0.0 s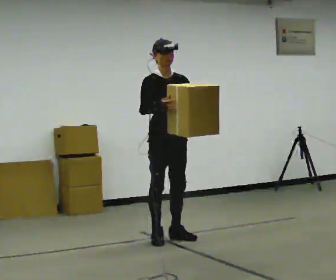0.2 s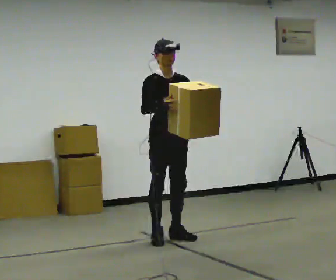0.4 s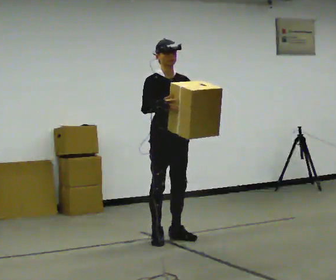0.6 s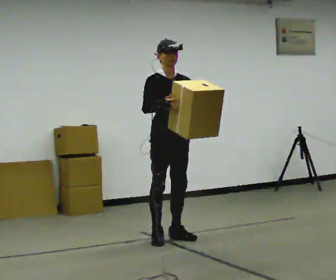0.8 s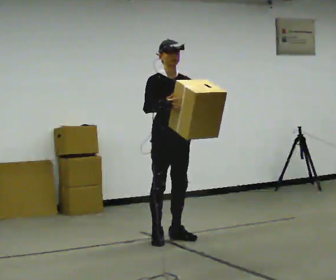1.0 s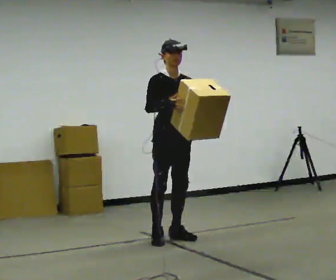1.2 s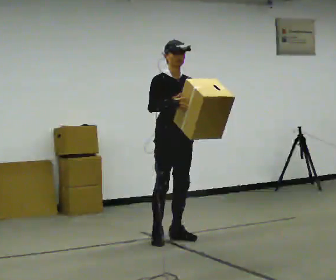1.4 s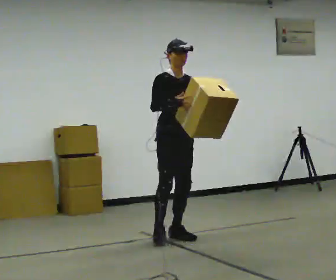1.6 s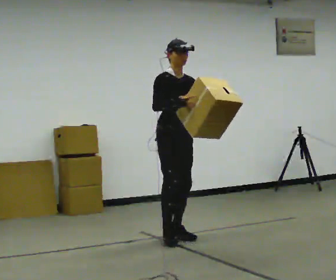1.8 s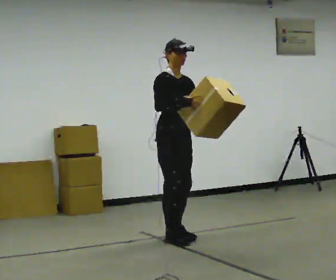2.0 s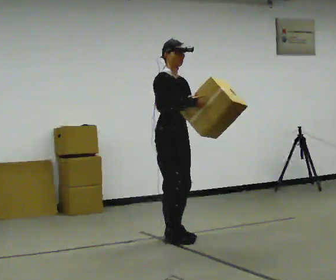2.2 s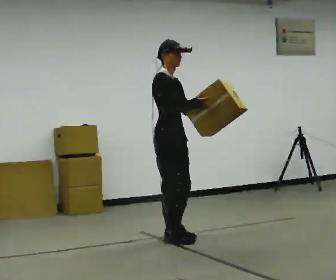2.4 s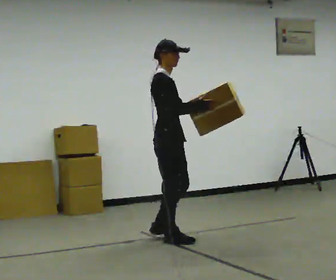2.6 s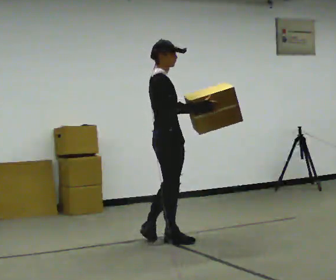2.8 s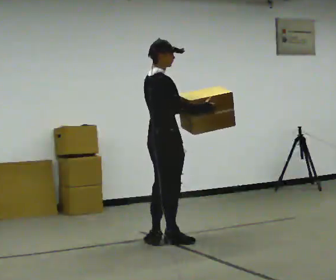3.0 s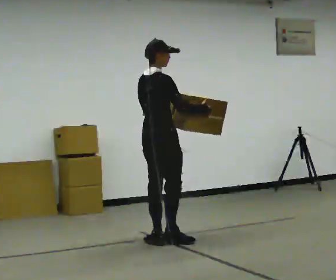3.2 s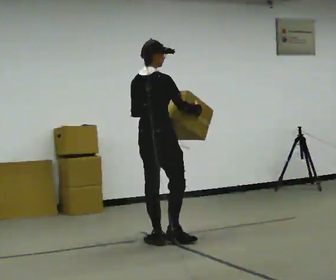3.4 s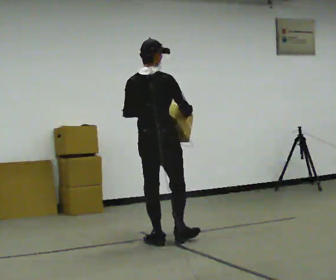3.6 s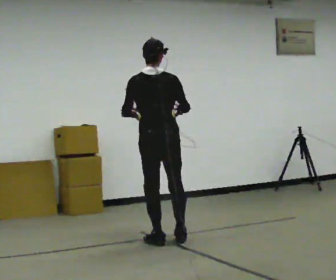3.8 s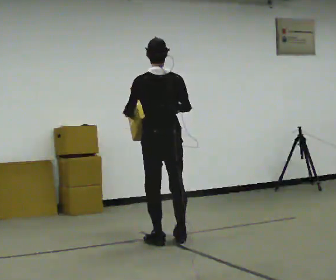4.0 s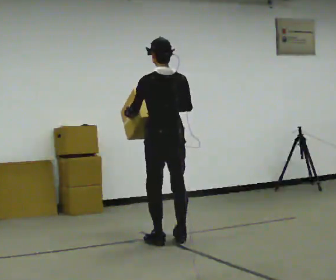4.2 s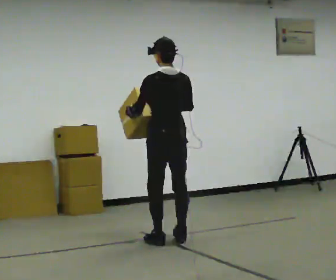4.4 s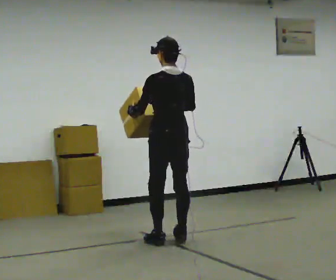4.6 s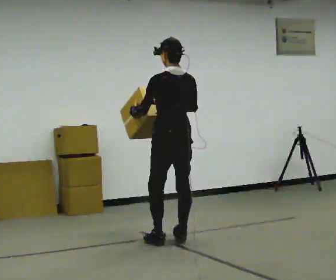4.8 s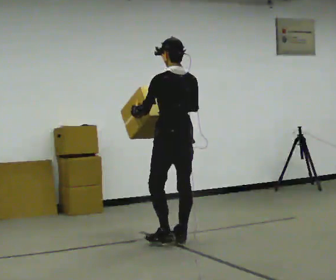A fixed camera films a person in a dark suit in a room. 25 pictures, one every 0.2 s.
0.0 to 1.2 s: The person moves a little, or ends about where they began.
1.2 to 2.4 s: Seen from above the body turns counterclockwise, about 60 degrees: to their left, with its near side sliding to the right.
2.4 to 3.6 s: Seen from above the body turns counterclockwise, about 105 degrees: to their left, with its near side sliding to the right.
3.6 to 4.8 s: The part of the body nearest the lens slides to the right as the person turns to their left by about 30 degrees. In the picture they go to the right, about 0.25 m in 1 step, which for them is to their right.
The film runs backward here.
